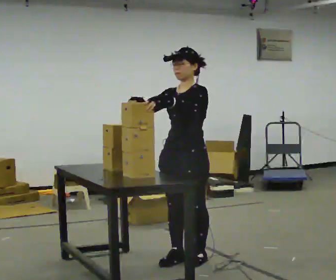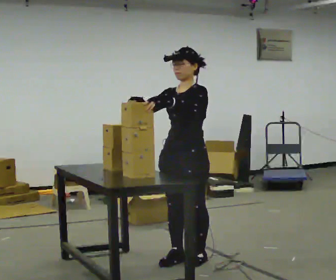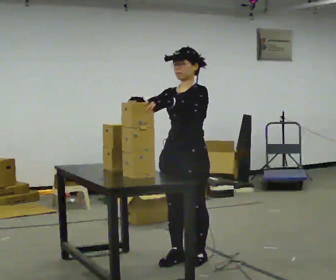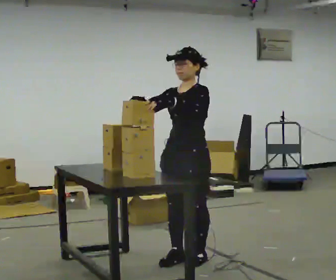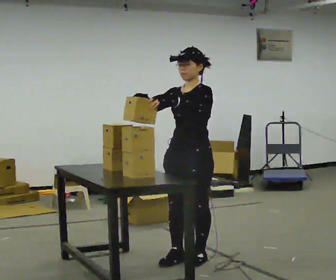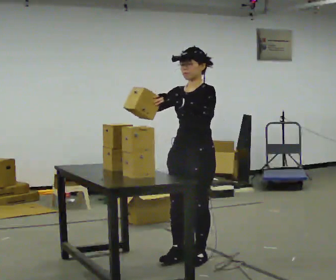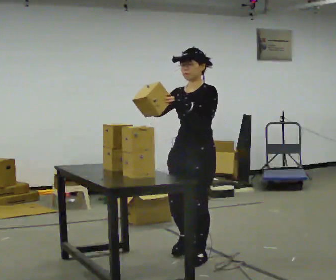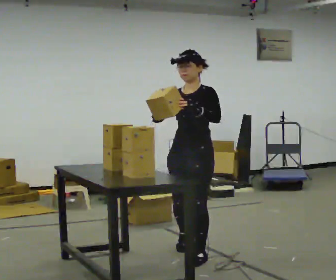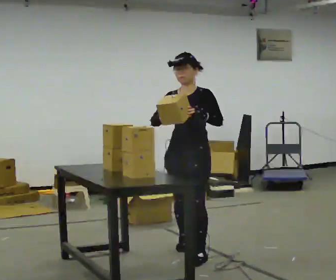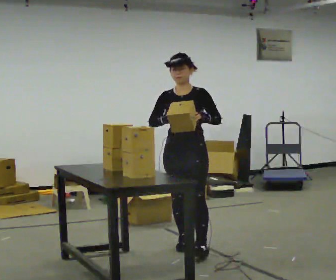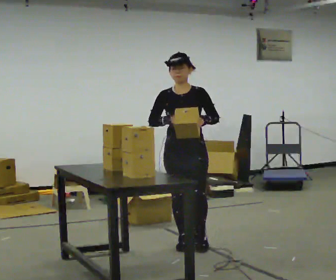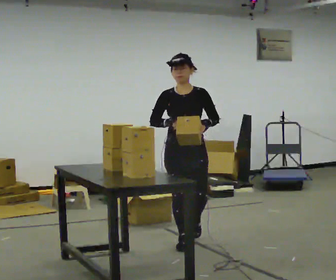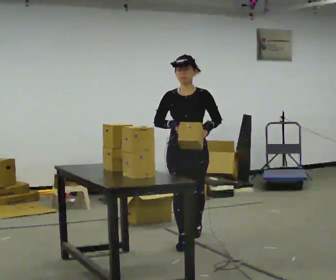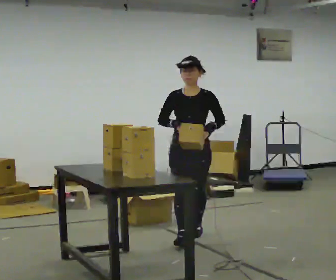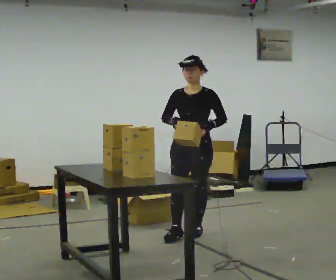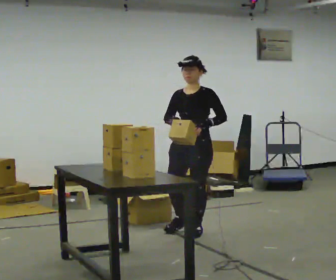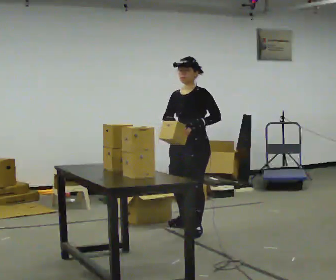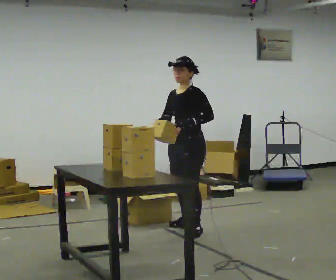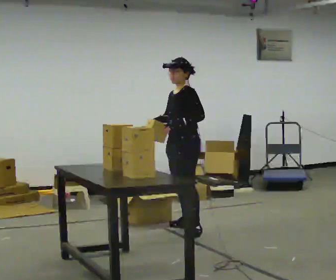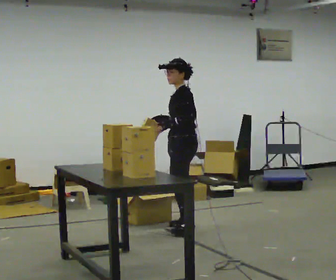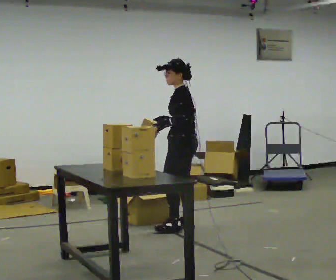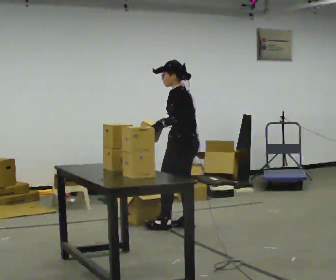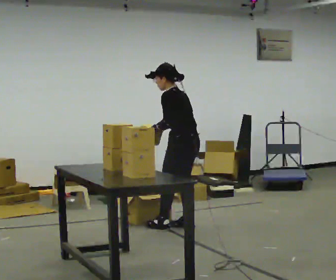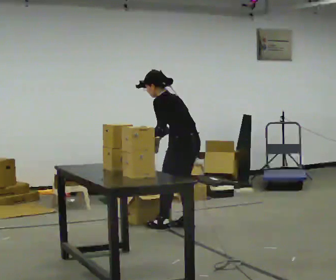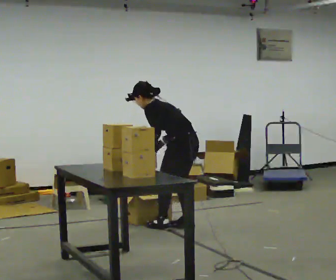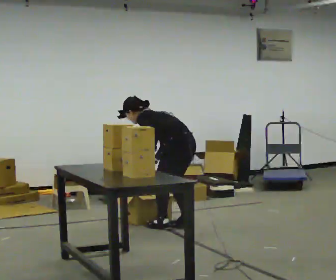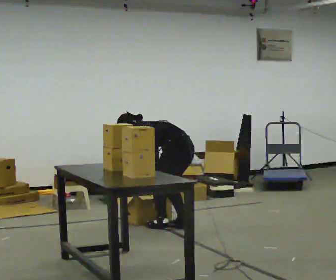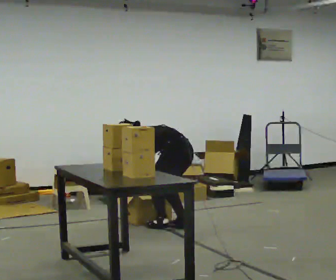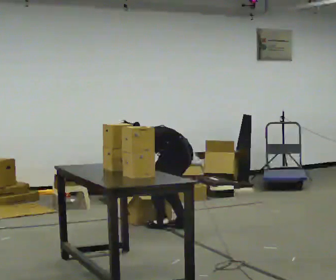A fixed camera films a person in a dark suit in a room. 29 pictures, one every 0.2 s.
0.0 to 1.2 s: The person moves a little, or ends about where they began.
1.2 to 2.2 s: The part of the body nearest the lens slides to the right as the person turns to their left by about 45 degrees. In the picture they go away from the camera, about 0.5 m in 1 step, which for them is backward and to their right.
2.2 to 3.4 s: The part of the body nearest the lens slides to the left as the person turns to their right by about 60 degrees. In the picture they go away from the camera, about 0.5 m in 1 step, which for them is backward.
3.4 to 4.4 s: Seen from above the body turns clockwise, about 60 degrees: to their right, with its near side sliding to the left.
4.4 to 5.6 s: The shoulders move downward. In the picture the upper body tilts counterclockwise, shoulders to the left, as they bend forward.
The film runs backward here.
